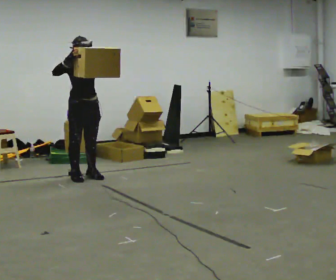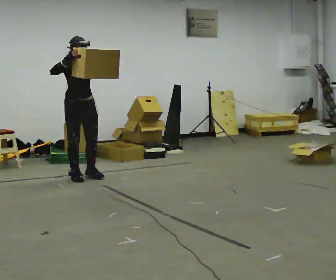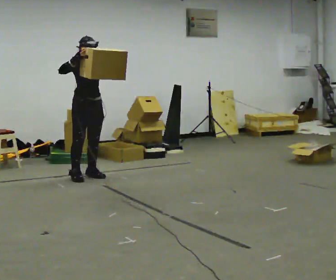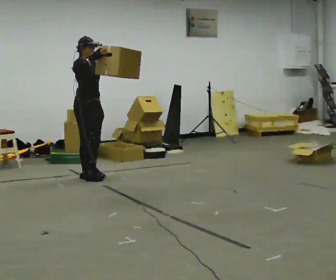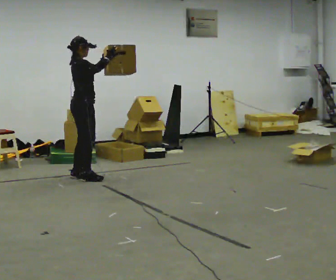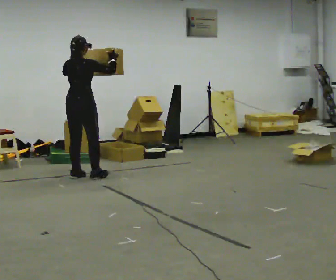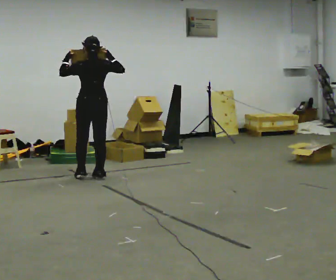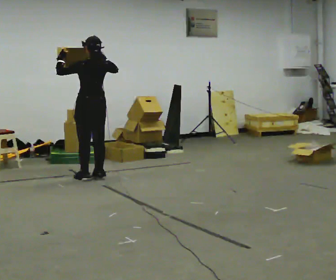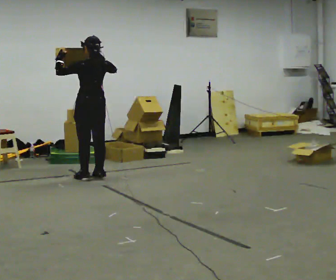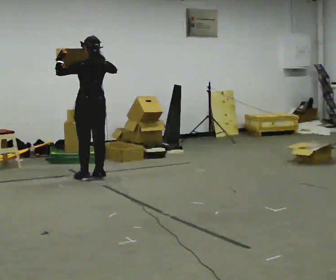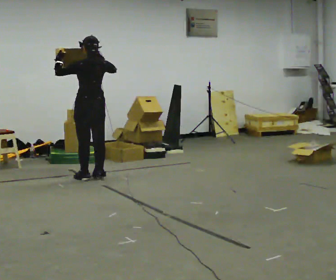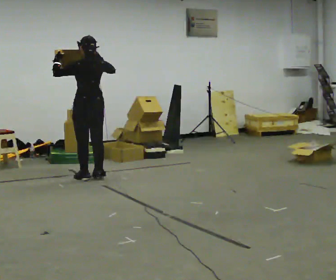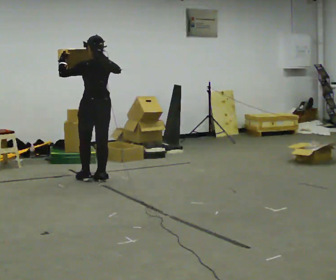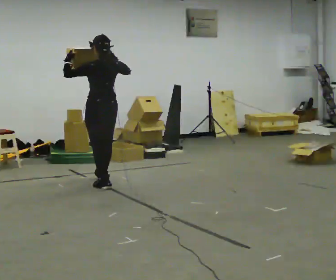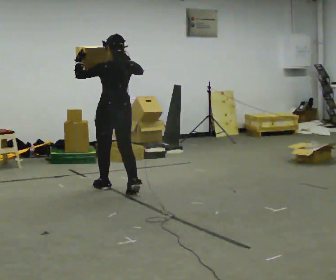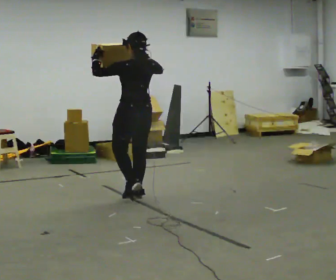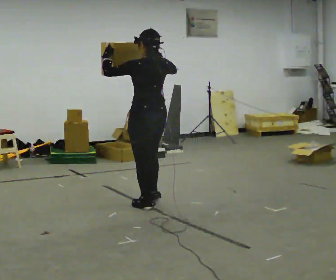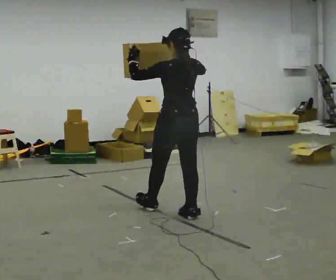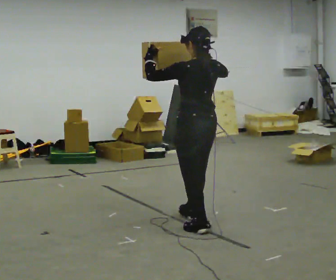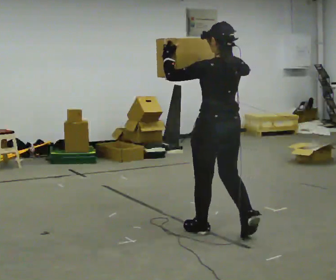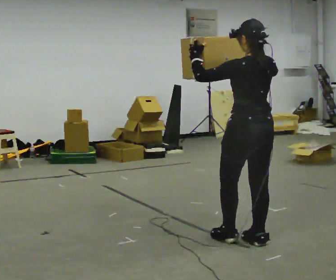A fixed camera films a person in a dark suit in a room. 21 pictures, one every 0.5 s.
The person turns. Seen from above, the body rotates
counterclockwise.
The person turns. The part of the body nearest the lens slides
to the right.
0.0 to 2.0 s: The person turns about 75 degrees to their left, counterclockwise seen from above, so the part of the body nearest the lens slides to the right.
2.0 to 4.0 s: The person turns about 105 degrees to their left, counterclockwise seen from above, so the part of the body nearest the lens slides to the right. In the picture their left hand goes to the left.
4.0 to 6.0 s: The person moves a little, or ends about where they began.
6.0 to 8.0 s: In the picture they go toward the camera and to the right, about 1 m in 3 steps, which for them is backward.
8.0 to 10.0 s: In the picture they go toward the camera and to the right, about 1.5 m in 3 steps, which for them is backward.
The film runs backward here.
